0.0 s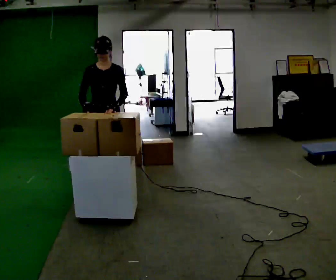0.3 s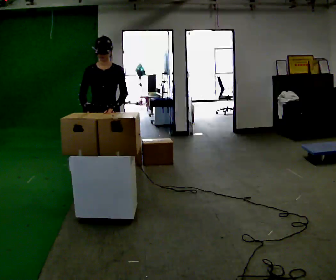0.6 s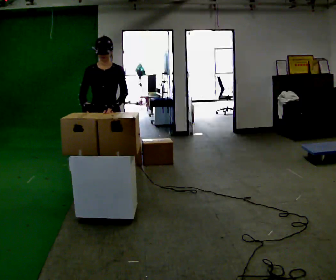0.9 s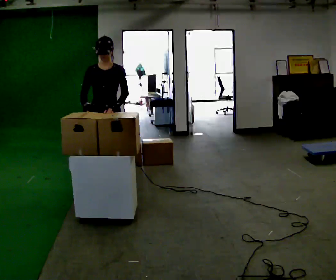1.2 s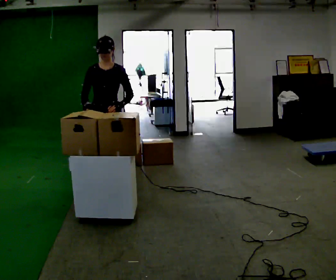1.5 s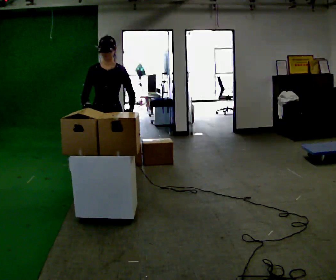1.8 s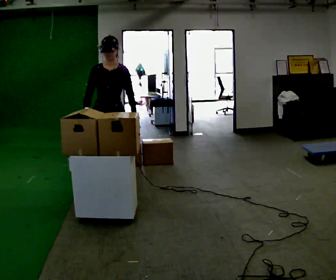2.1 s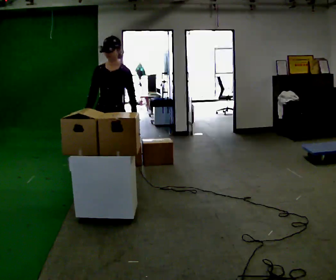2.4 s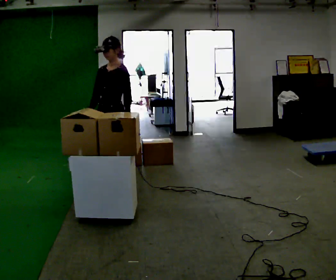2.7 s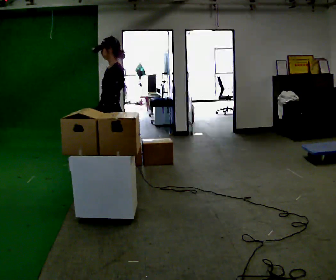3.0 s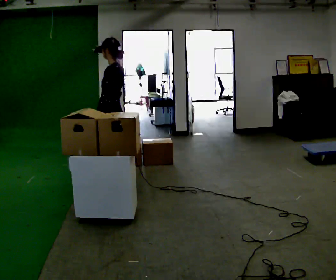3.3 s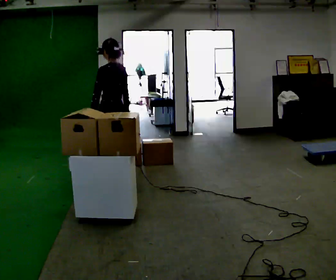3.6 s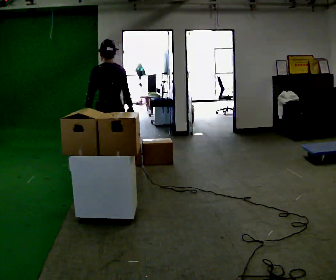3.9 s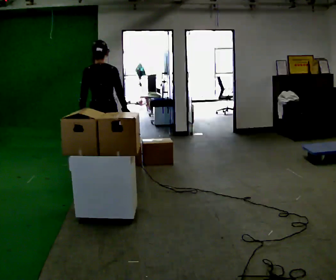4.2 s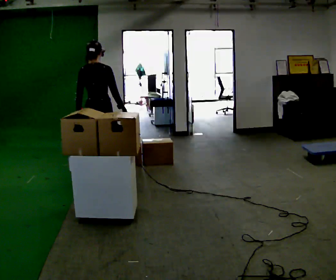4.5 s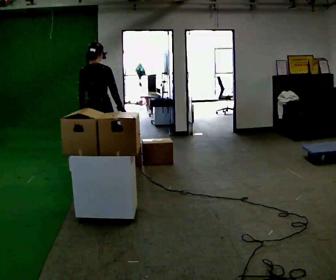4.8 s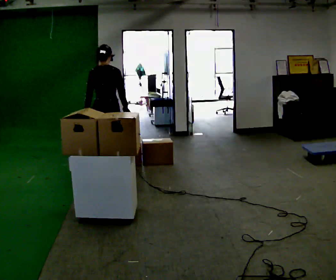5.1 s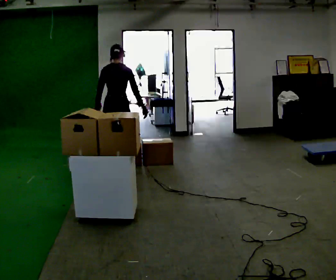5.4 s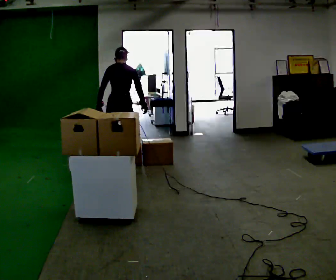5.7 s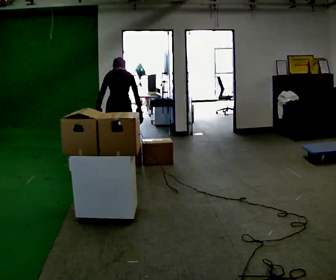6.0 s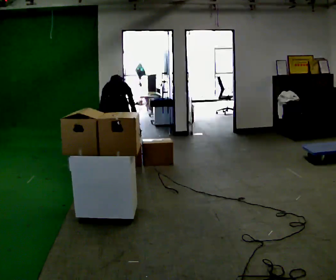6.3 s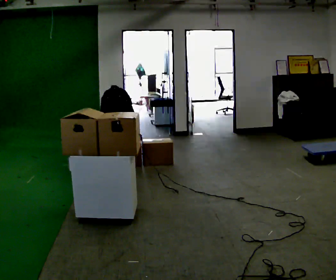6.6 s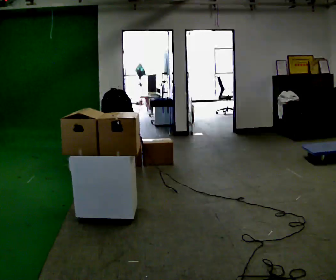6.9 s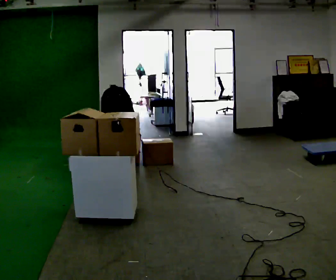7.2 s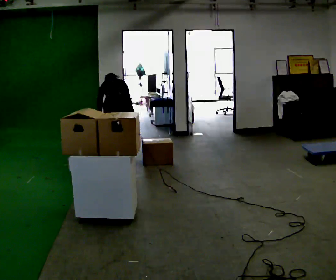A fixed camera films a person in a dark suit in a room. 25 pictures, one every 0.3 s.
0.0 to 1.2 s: The person moves a little, or ends about where they began.
1.2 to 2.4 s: Seen from above the body turns clockwise, about 45 degrees: to their right, with its near side sliding to the left.
2.4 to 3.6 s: The part of the body nearest the lens slides to the left as the person turns to their right by about 105 degrees. In the picture they go away from the camera, about 0.25 m in 1 step. In the picture their right hand goes to the right, the arm swinging counterclockwise.
3.6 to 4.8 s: Seen from above the body turns clockwise, about 30 degrees: to their right, with its near side sliding to the left. In the picture they go away from the camera, about 0.5 m in 2 steps, which for them is forward and to their left.
4.8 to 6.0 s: In the picture they go away from the camera, about 0.25 m in 1 step, which for them is forward. The upper body goes downward. The upper body tips away from the camera, its near side rolling upward, as they bend forward.
6.0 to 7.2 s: The person moves a little, or ends about where they began.
The film runs forward here.
